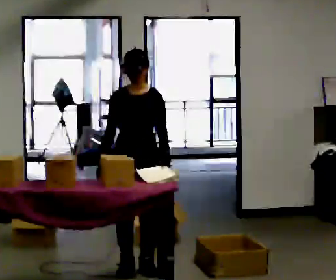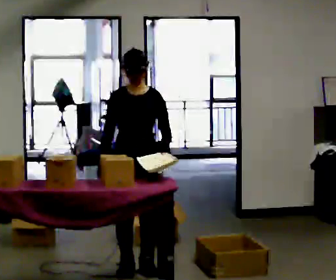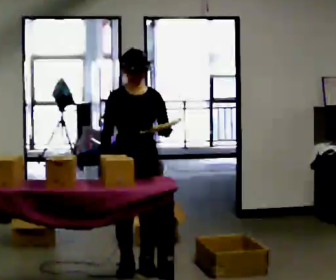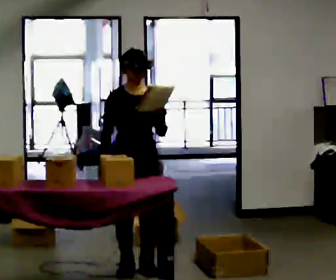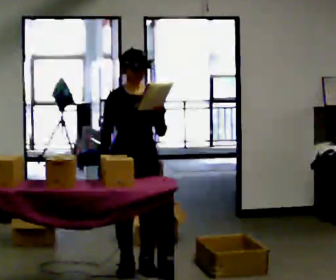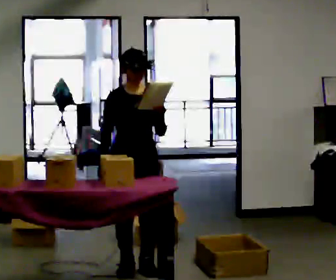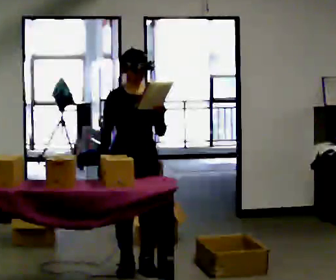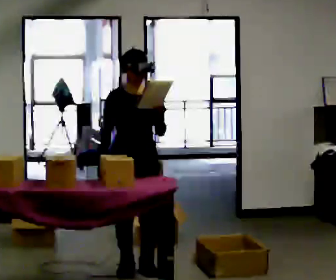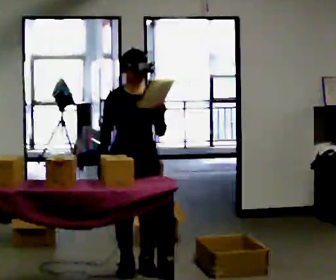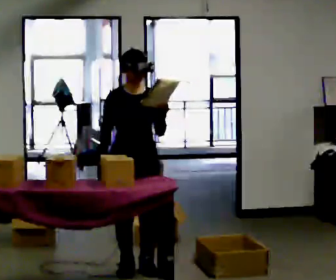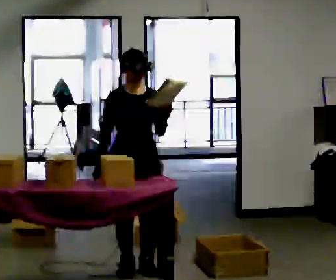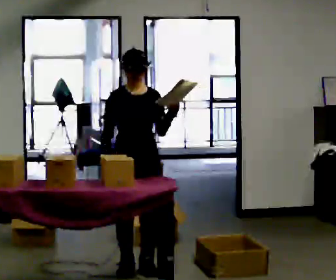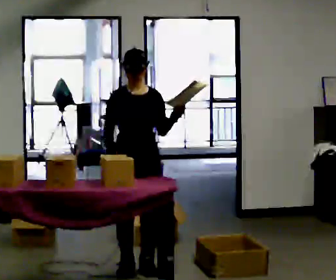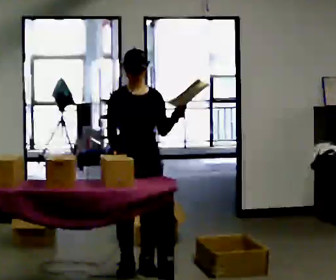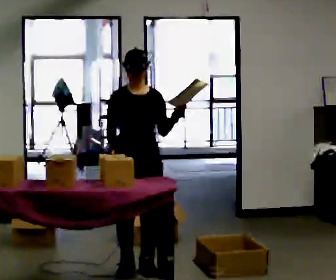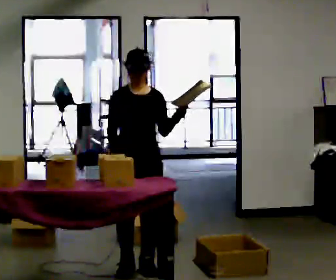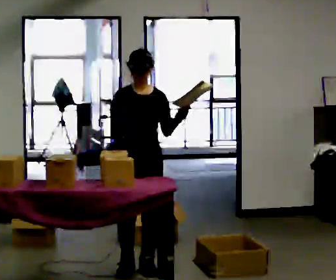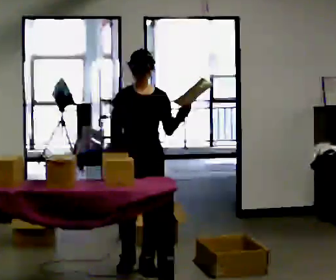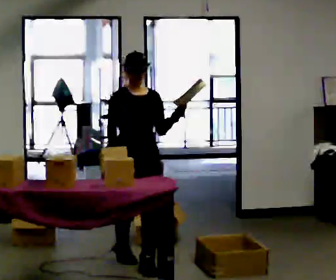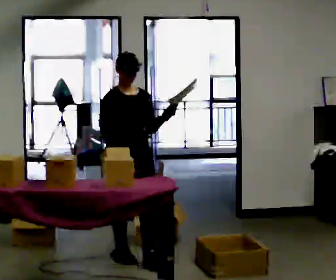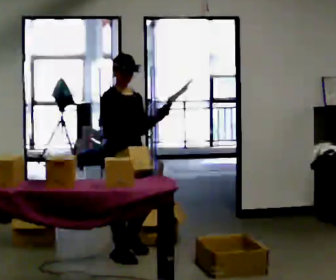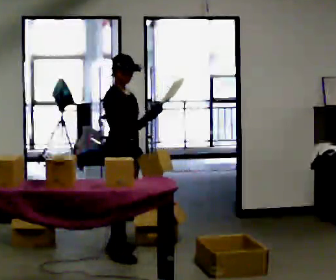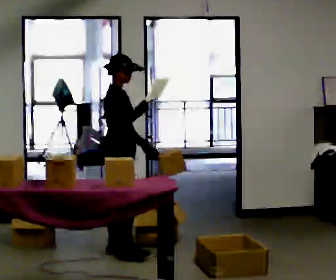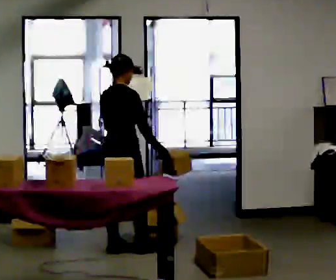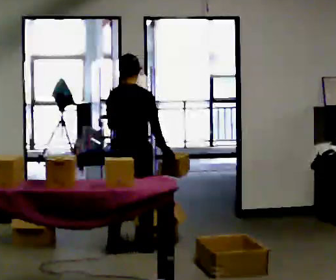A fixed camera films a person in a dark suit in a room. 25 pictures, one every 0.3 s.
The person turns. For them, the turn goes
to their left.
The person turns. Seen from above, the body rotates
counterclockwise.
0.0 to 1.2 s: The person moves a little, or ends about where they began.
1.2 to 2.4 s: The person keeps their place and pose.
2.4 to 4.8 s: The person moves a little, or ends about where they began.
4.8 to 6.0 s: The part of the body nearest the lens slides to the right as the person turns to their left by about 30 degrees. In the picture they go away from the camera and to the left, about 0.5 m in 2 steps, which for them is backward.
6.0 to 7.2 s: The person turns about 120 degrees to their left, counterclockwise seen from above, so the part of the body nearest the lens slides to the right. In the picture they go away from the camera, about 0.25 m in 1 step.
The film runs backward here.
